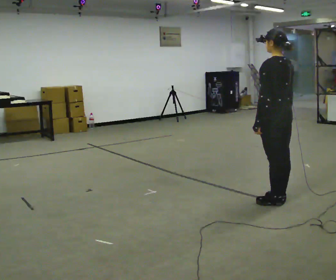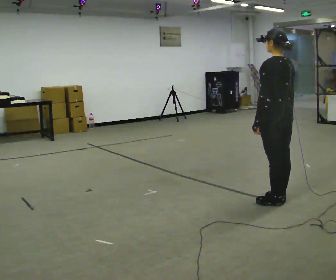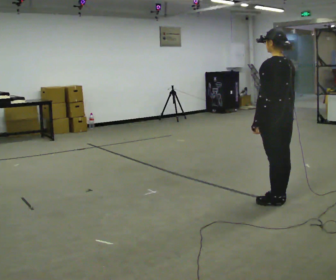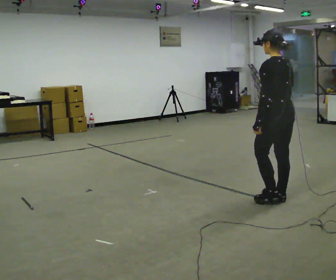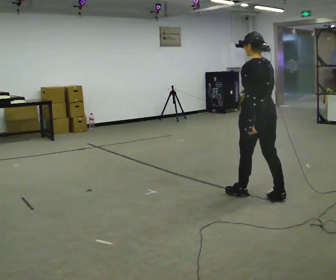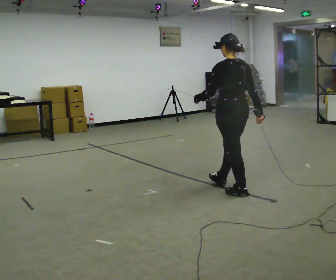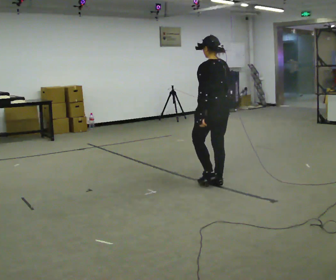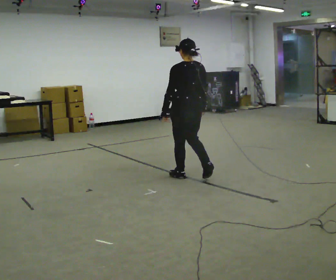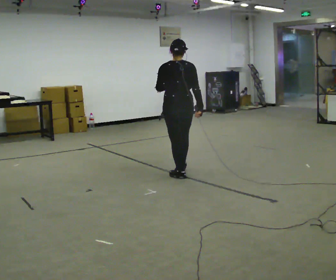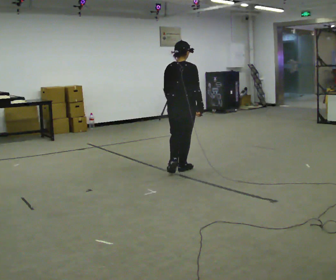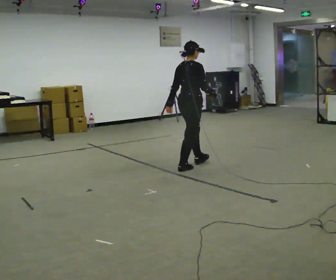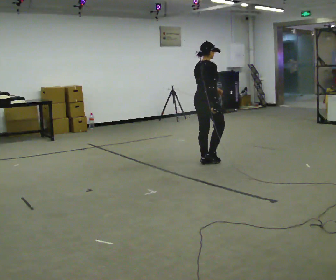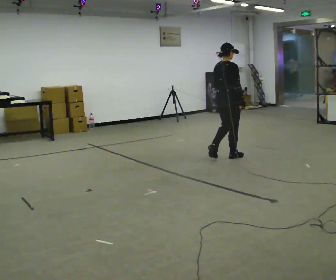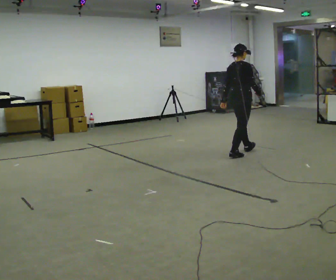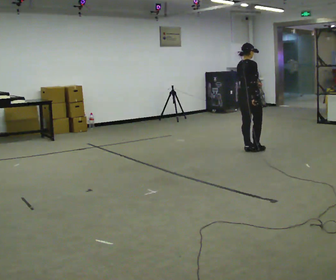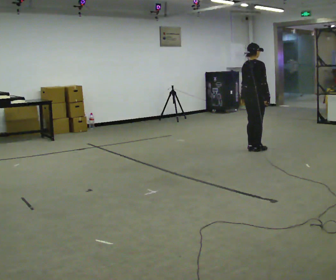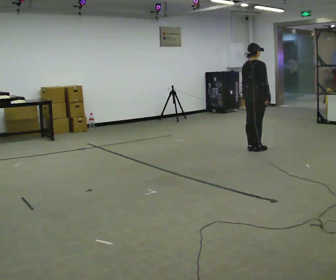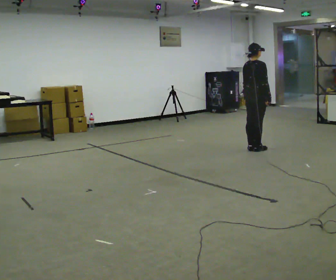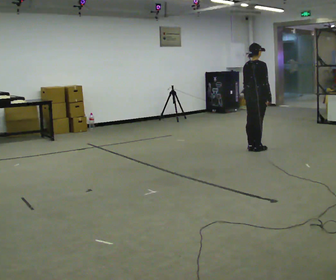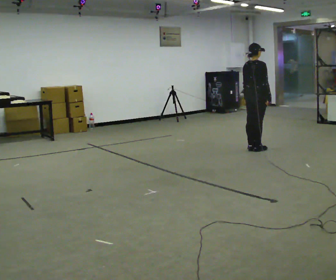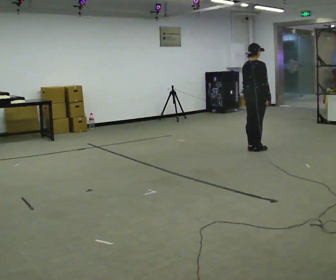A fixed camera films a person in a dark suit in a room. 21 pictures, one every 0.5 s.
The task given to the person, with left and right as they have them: Walk; turn 90° left/right; walk several steps; stop.
0.0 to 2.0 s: In the picture they go away from the camera, about 0.25 m in 1 step, which for them is forward.
2.0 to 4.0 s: The person turns about 30 degrees to their right, clockwise seen from above, so the part of the body nearest the lens slides to the left. In the picture they go away from the camera and to the left, about 1 m in 2 steps, which for them is forward.
4.0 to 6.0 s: The part of the body nearest the lens slides to the left as the person turns to their right by about 60 degrees. In the picture they go away from the camera and to the right, about 1 m in 3 steps.
6.0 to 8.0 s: In the picture they go to the right and away from the camera, about 0.75 m in 2 steps, which for them is forward.
8.0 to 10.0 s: The person keeps their place and pose.
The film runs forward here.
